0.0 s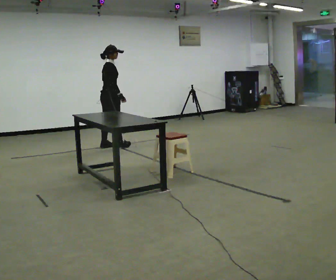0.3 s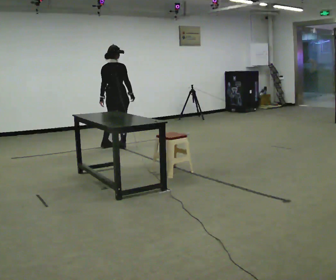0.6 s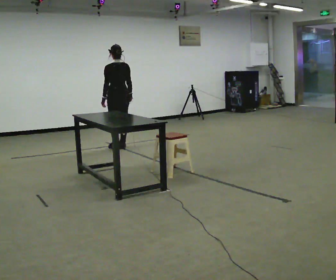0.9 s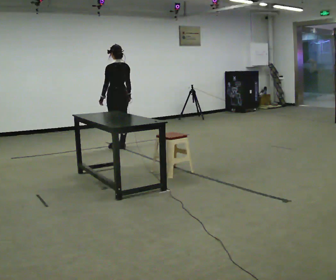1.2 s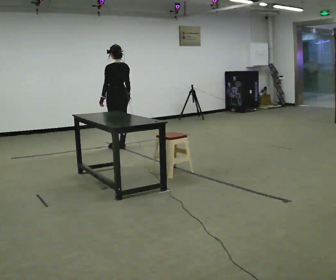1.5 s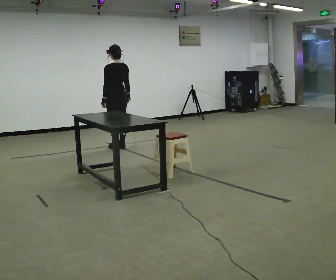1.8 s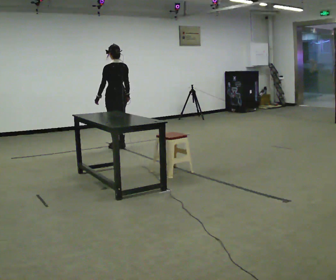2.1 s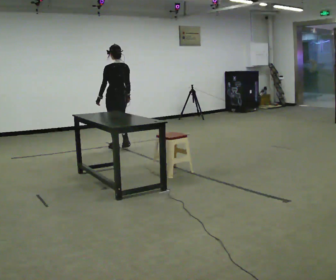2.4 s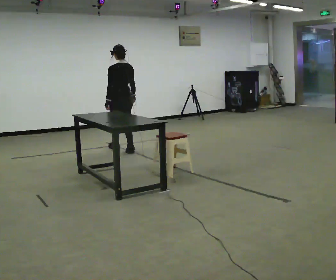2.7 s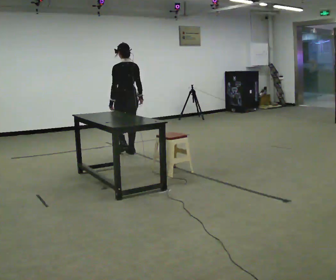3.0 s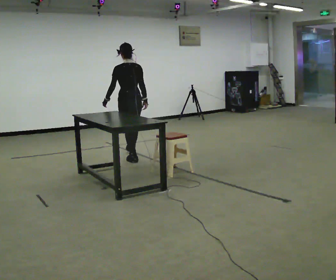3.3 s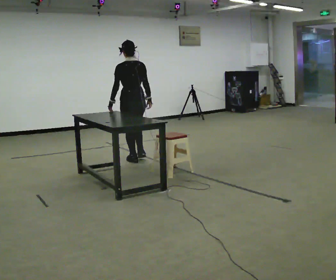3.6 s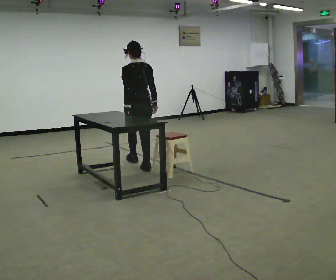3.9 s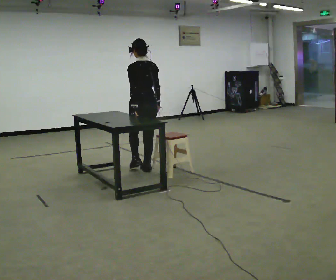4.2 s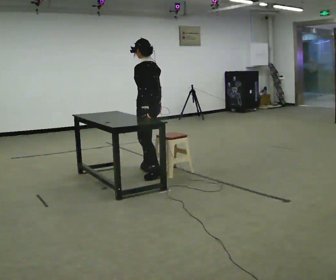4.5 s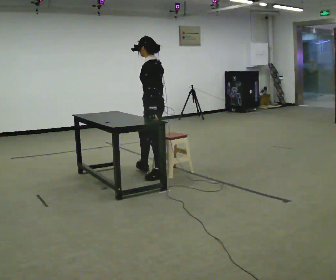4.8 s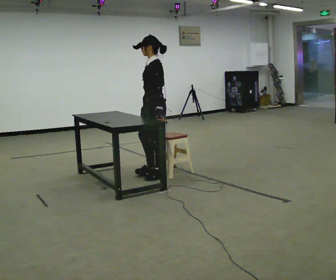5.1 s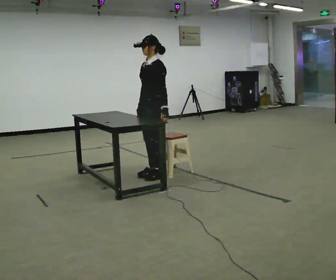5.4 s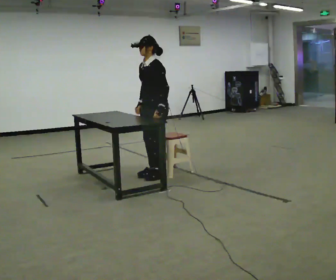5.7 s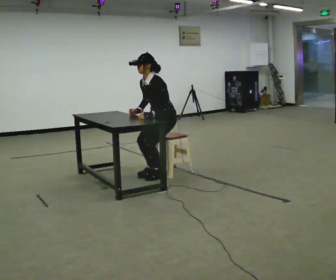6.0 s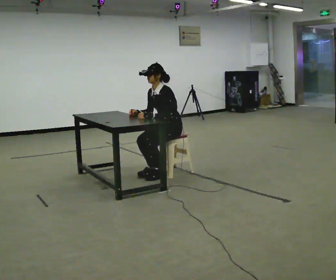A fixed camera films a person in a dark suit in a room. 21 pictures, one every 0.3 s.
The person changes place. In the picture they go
toward the camera.
The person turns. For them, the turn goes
to their left.
0.0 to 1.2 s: The person turns about 105 degrees to their left, counterclockwise seen from above, so the part of the body nearest the lens slides to the right.
1.2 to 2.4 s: In the picture they go toward the camera, about 0.25 m in 1 step, which for them is backward.
2.4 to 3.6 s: In the picture they go toward the camera, about 1 m in 2 steps, which for them is backward.
3.6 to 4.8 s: The person turns about 75 degrees to their left, counterclockwise seen from above, so the part of the body nearest the lens slides to the right. In the picture they go toward the camera, about 0.5 m in 2 steps.
4.8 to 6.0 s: Seen from above the body turns counterclockwise, about 30 degrees: to their left, with its near side sliding to the right. In the picture they go to the right, about 0.25 m, which for them is backward. The upper body goes downward.
The film runs backward here.
